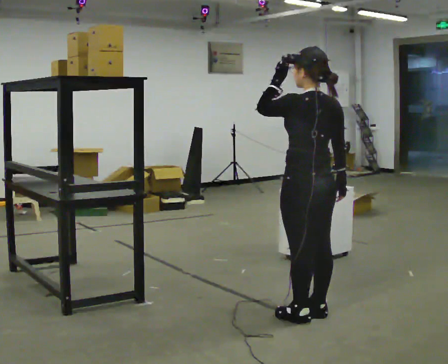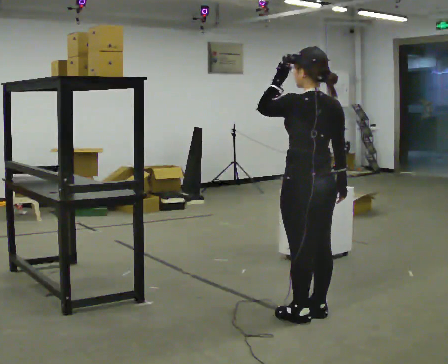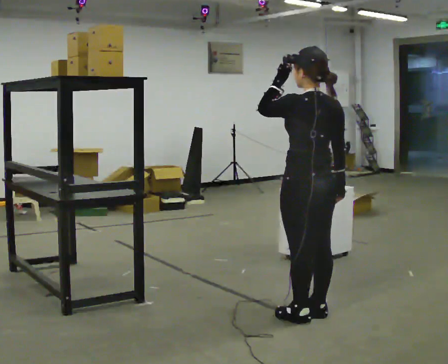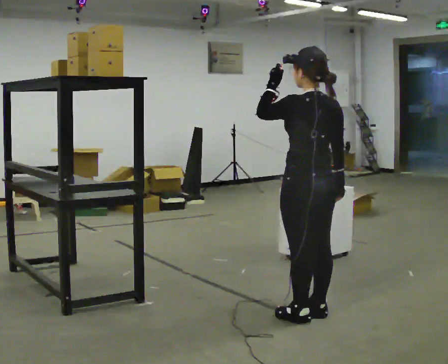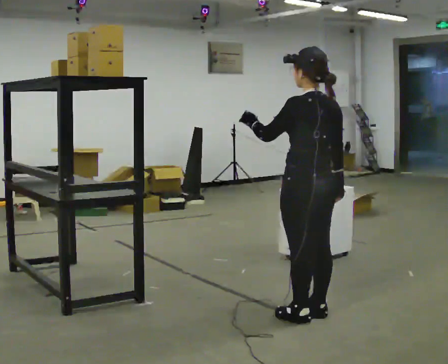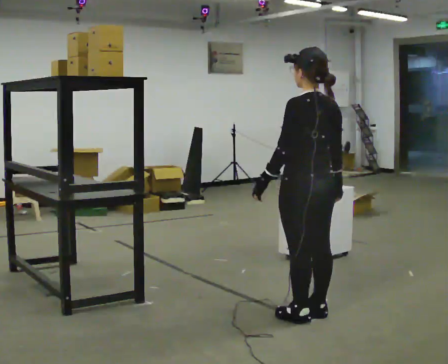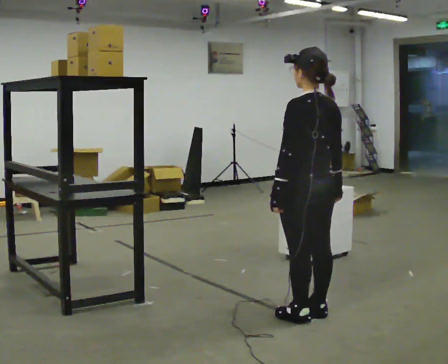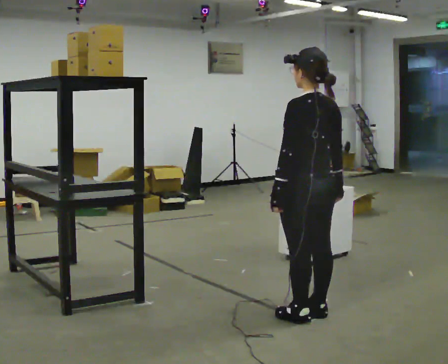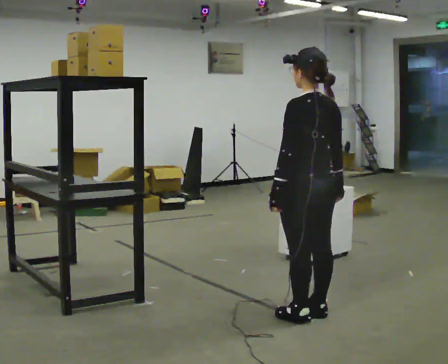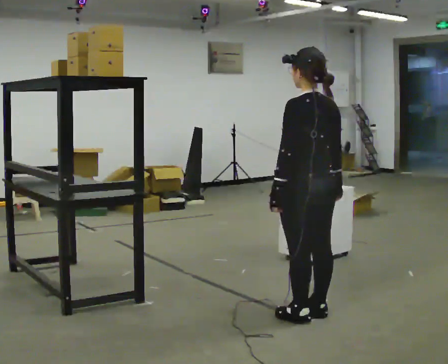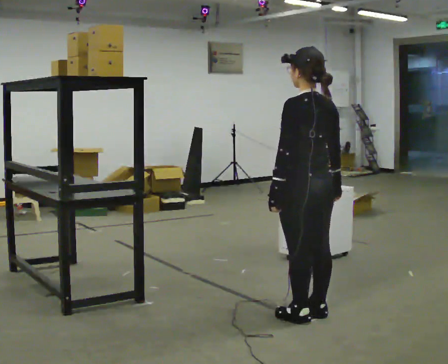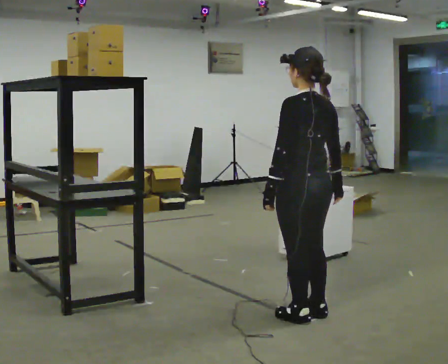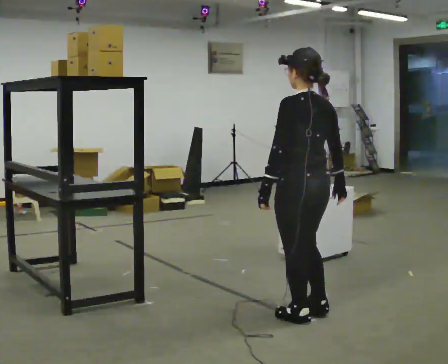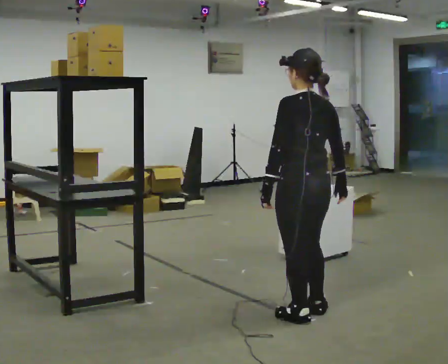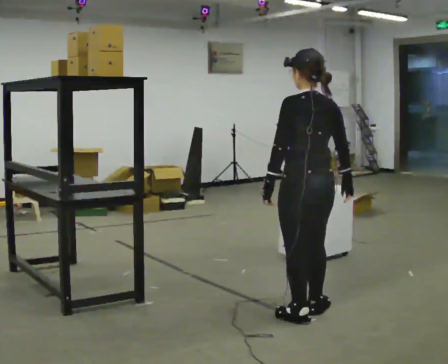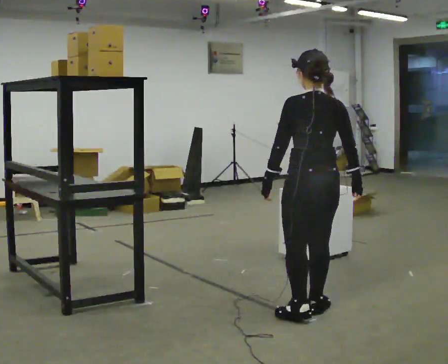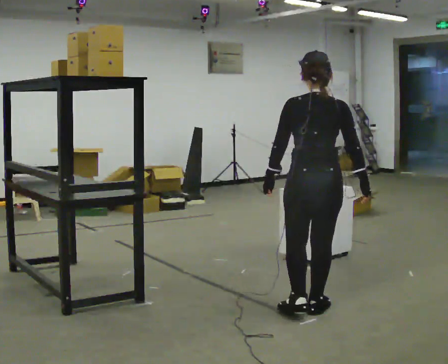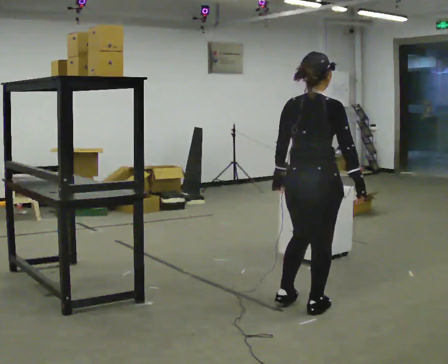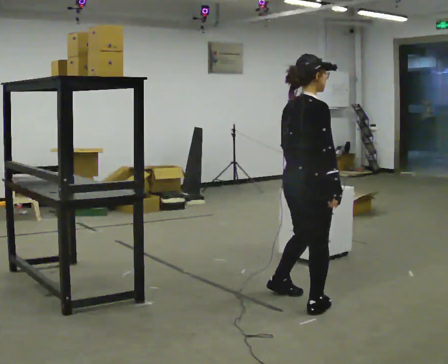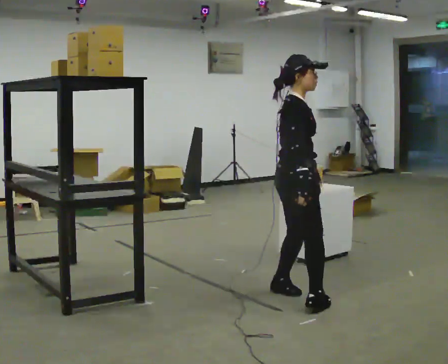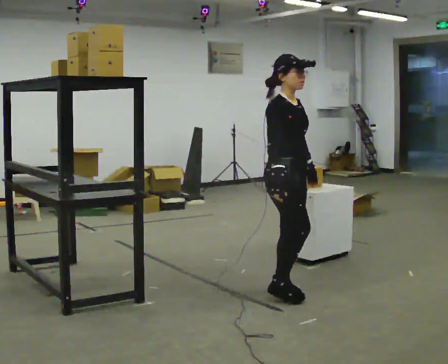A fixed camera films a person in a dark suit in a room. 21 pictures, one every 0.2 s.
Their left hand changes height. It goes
downward.
The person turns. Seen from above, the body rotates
clockwise.
0.0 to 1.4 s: In the picture their left hand goes downward.
1.4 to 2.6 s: The person moves a little, or ends about where they began.
2.6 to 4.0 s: Seen from above the body turns clockwise, about 150 degrees: to their right, with its near side sliding to the left. In the picture they go away from the camera, about 0.5 m in 2 steps.
The film runs backward here.
